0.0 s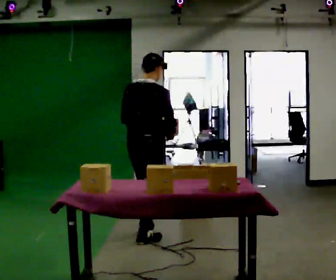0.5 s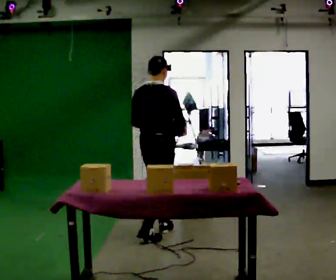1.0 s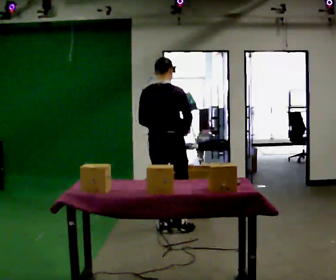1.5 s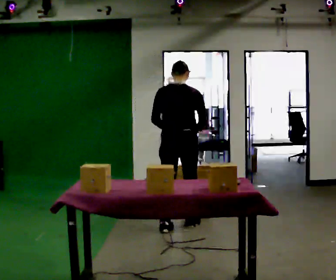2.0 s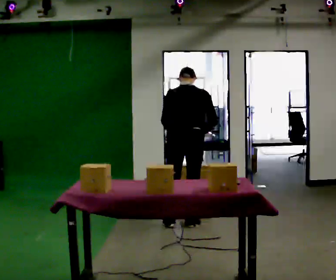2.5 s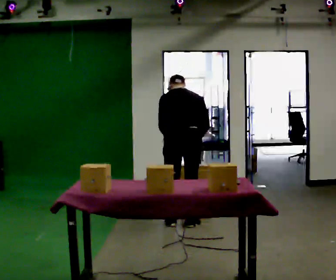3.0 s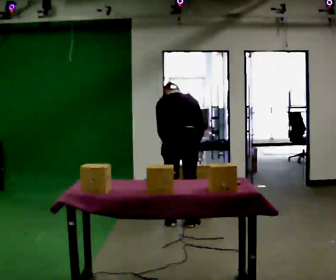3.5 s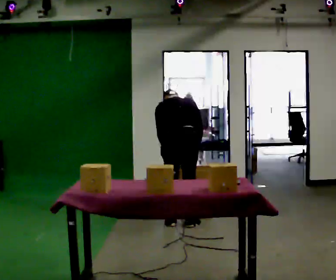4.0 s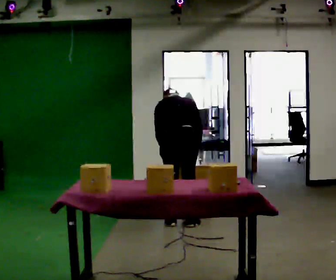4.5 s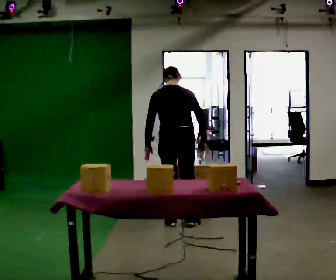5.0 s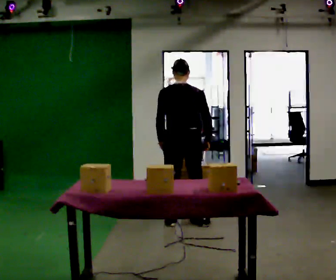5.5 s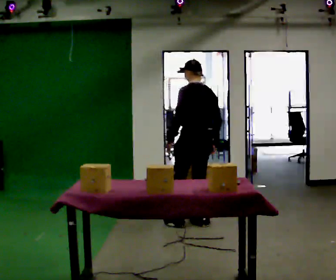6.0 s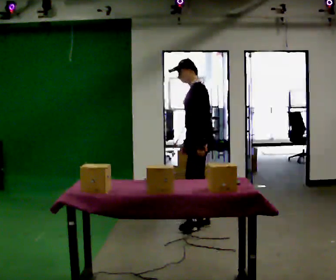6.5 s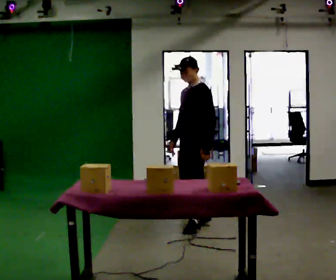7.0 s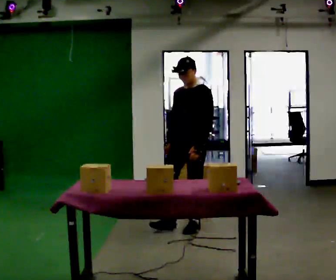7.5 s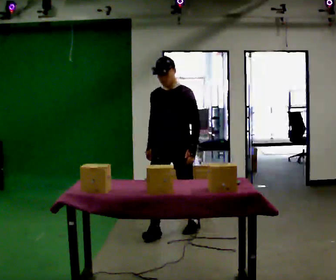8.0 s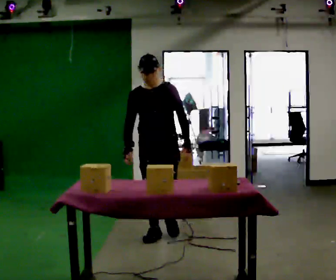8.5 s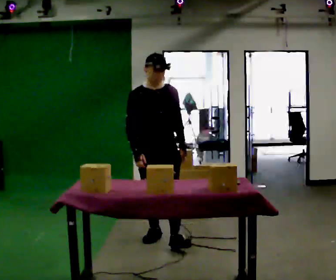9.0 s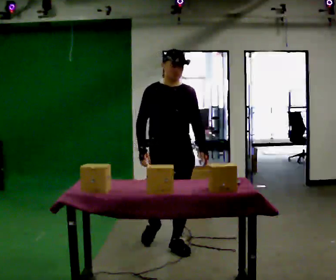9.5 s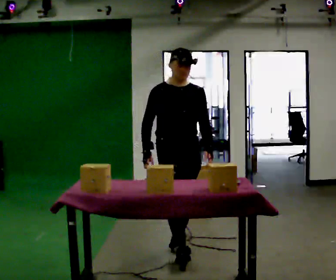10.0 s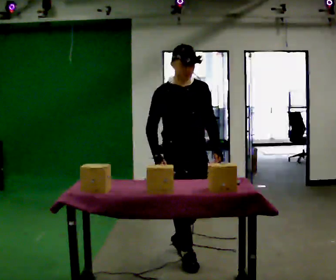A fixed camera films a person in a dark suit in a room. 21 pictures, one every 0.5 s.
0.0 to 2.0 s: Seen from above the body turns counterclockwise, about 30 degrees: to their left, with its near side sliding to the right. In the picture they go away from the camera and to the right, about 0.75 m in 2 steps, which for them is forward. The upper body tips away from the camera, its near side rolling upward, as they bend forward.
2.0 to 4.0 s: The upper body tips away from the camera, its near side rolling upward, as they bend forward.
4.0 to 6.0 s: The part of the body nearest the lens slides to the right as the person turns to their left by about 105 degrees. In the picture they go to the right, about 0.25 m in 2 steps. The upper body tips toward the camera, its near side rolling downward, as they lean back or straighten. In the picture their left hand goes to the right.
6.0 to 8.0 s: The part of the body nearest the lens slides to the right as the person turns to their left by about 75 degrees. In the picture they go toward the camera and to the left, about 0.5 m in 1 step.
8.0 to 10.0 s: The part of the body nearest the lens slides to the right as the person turns to their left by about 45 degrees. In the picture they go toward the camera, about 1 m in 2 steps, which for them is forward.
The film runs forward here.
